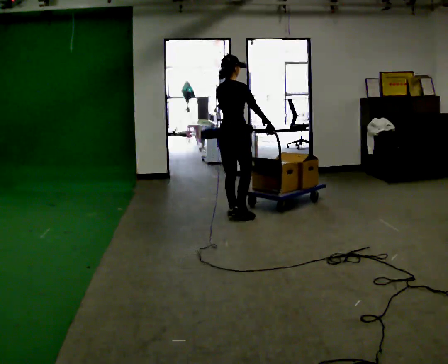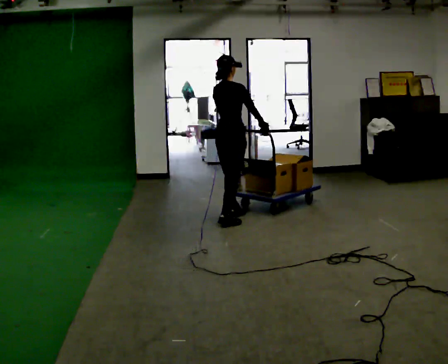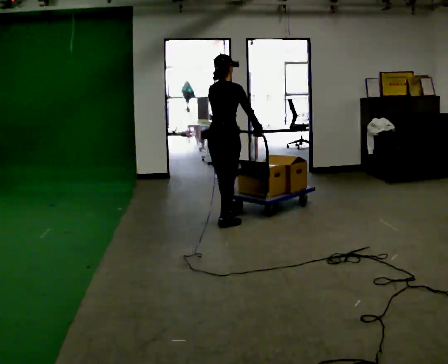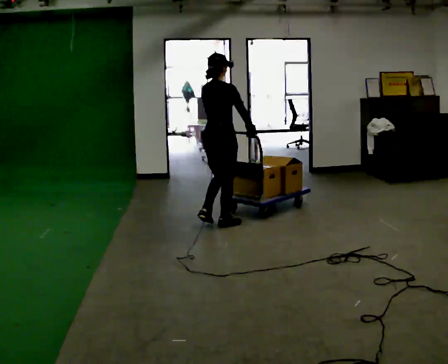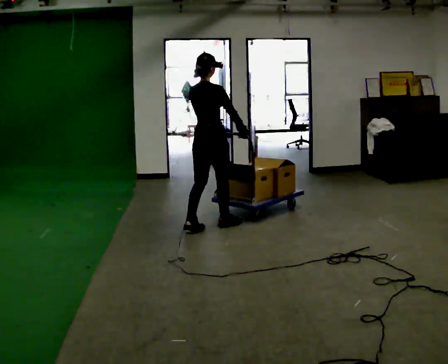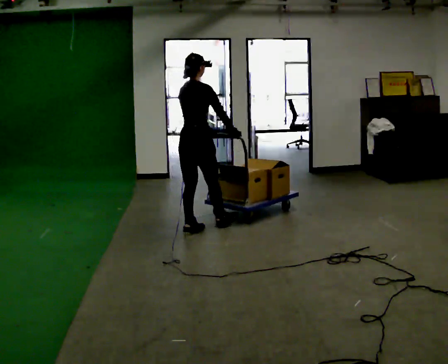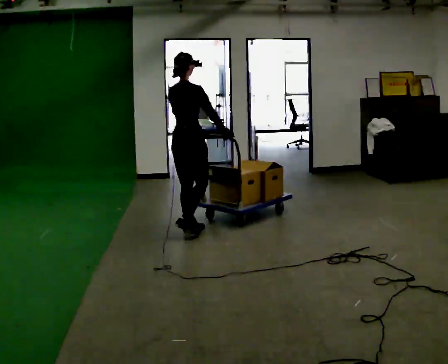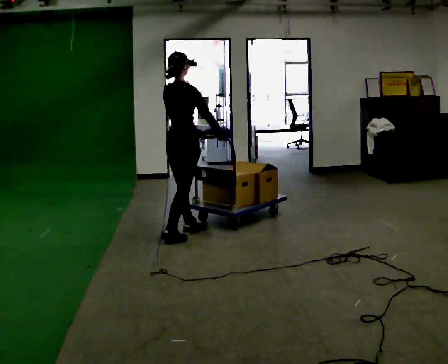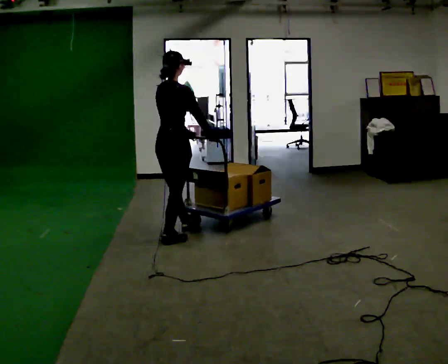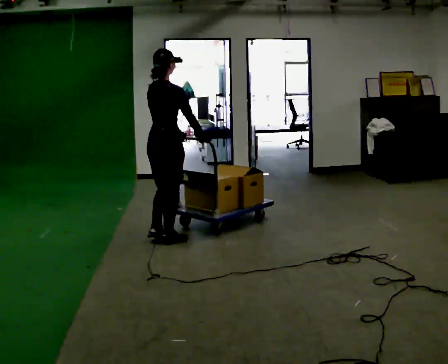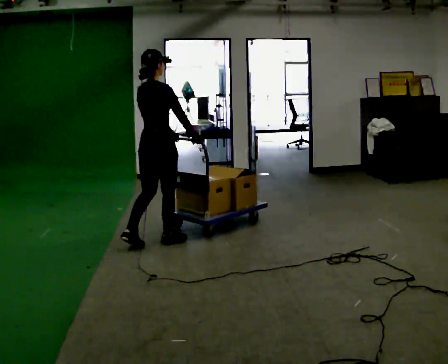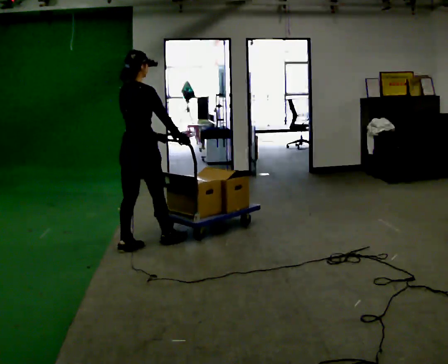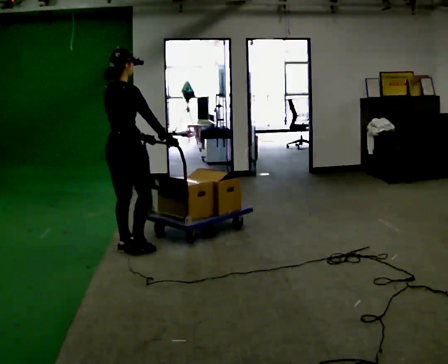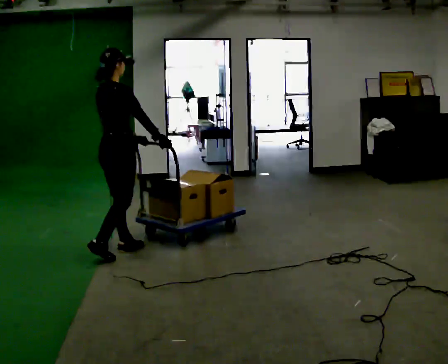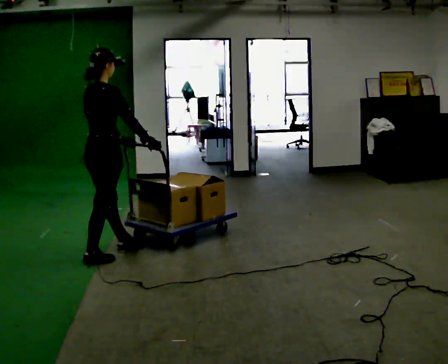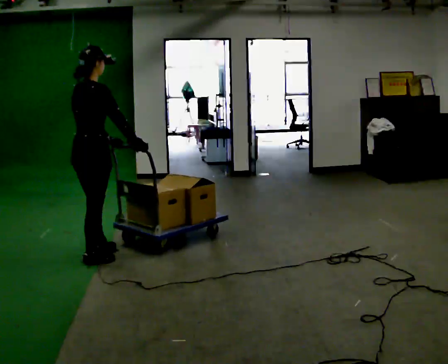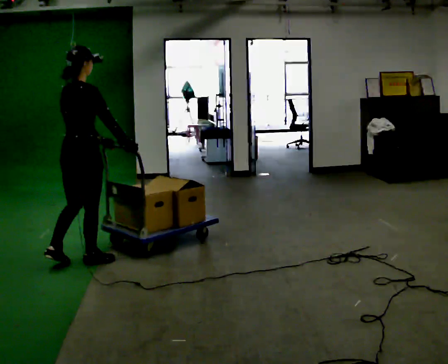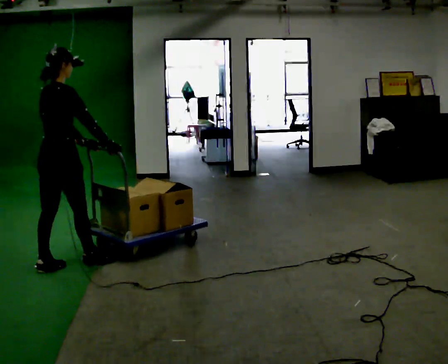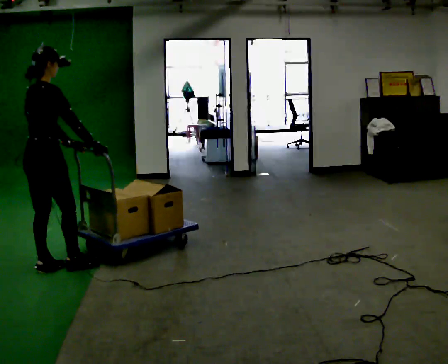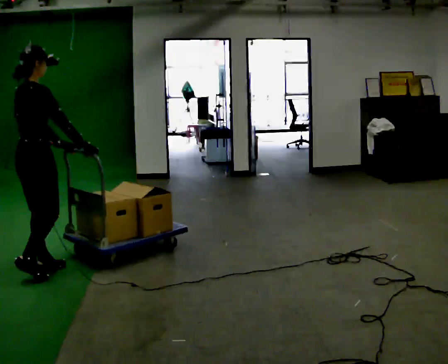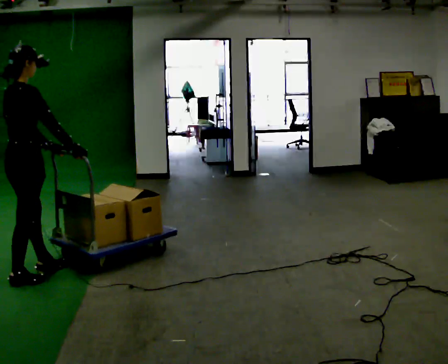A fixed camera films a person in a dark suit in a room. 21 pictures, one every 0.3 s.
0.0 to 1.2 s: In the picture they go toward the camera and to the left, about 0.5 m in 1 step, which for them is backward.
1.2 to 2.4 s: In the picture they go toward the camera and to the left, about 0.5 m in 1 step, which for them is backward.
2.4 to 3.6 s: In the picture they go to the left and toward the camera, about 0.5 m in 2 steps, which for them is backward.
3.6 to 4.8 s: In the picture they go toward the camera and to the left, about 0.5 m in 1 step, which for them is backward.
4.8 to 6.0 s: In the picture they go to the left and toward the camera, about 0.5 m in 1 step, which for them is backward.
The film runs backward here.
